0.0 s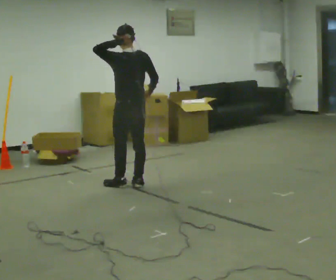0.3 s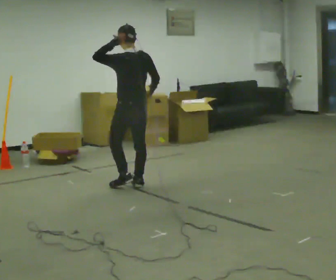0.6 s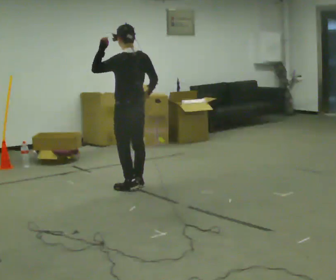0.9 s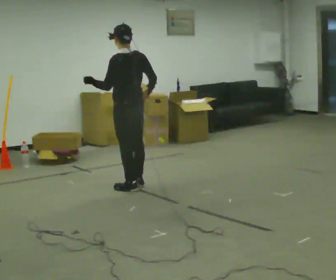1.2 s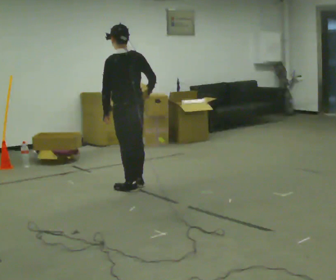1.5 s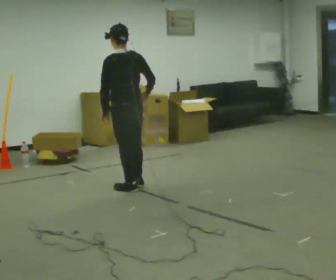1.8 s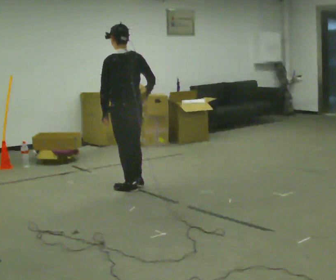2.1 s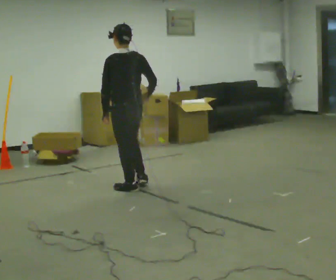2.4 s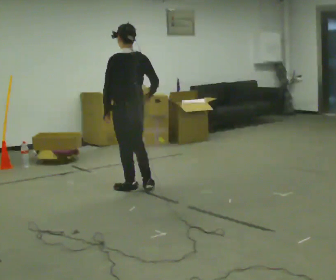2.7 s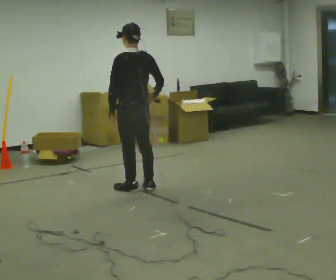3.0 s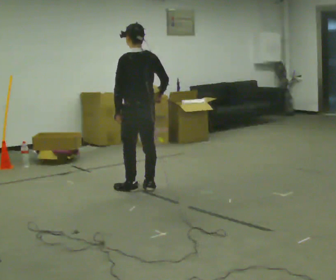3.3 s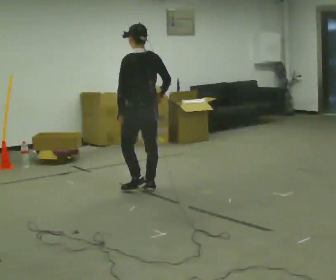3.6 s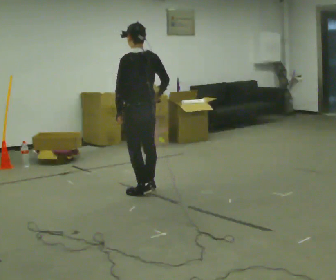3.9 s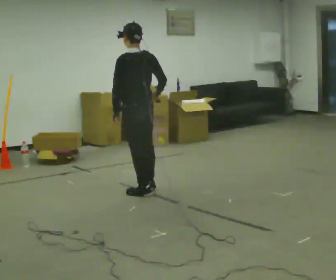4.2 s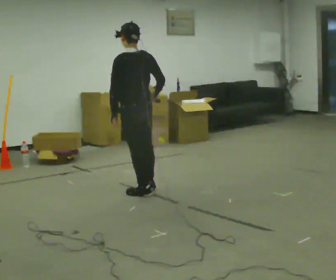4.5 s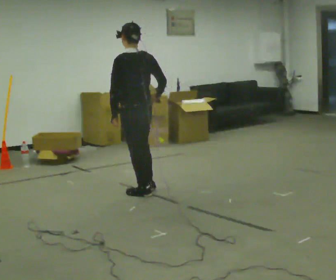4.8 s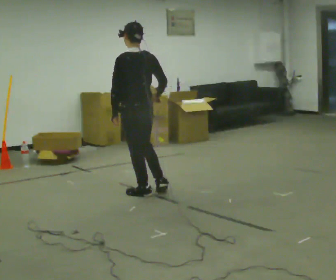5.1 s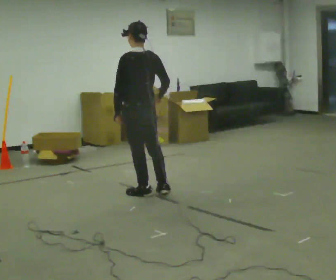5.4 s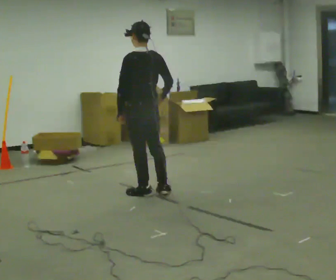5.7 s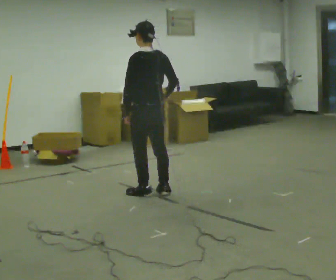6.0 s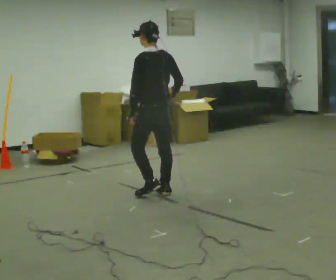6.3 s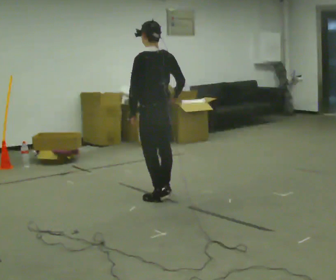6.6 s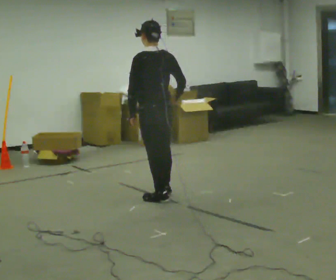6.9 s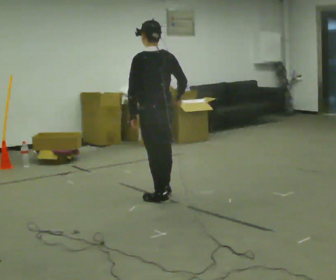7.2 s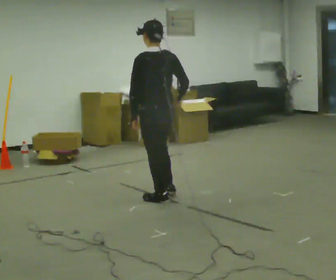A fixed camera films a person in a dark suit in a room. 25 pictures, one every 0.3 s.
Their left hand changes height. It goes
downward.
0.0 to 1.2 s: In the picture their left hand goes downward.
1.2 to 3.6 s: The person moves a little, or ends about where they began.
3.6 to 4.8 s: In the picture they go toward the camera, about 0.25 m in 1 step, which for them is to their left.
4.8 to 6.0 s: In the picture they go to the right, about 0.25 m in 1 step, which for them is to their right.
6.0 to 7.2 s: In the picture they go toward the camera, about 0.25 m in 1 step, which for them is backward and to their left.
The film runs backward here.
